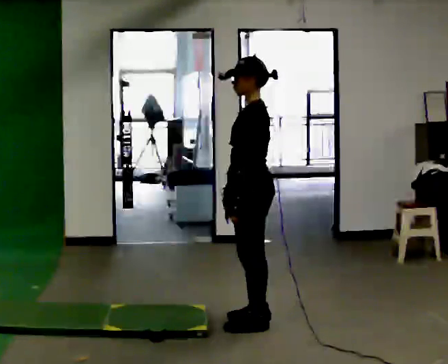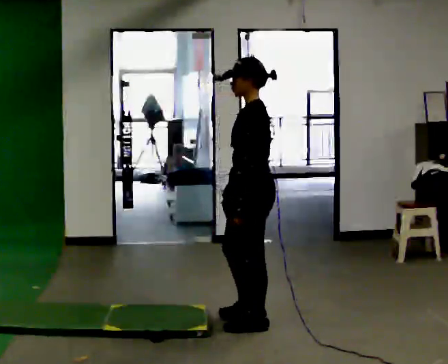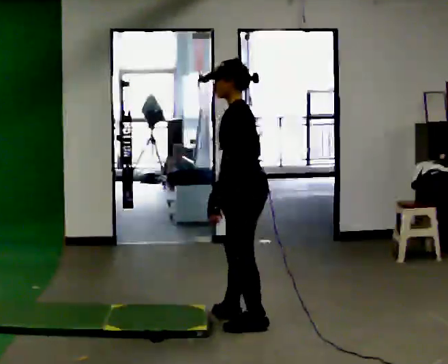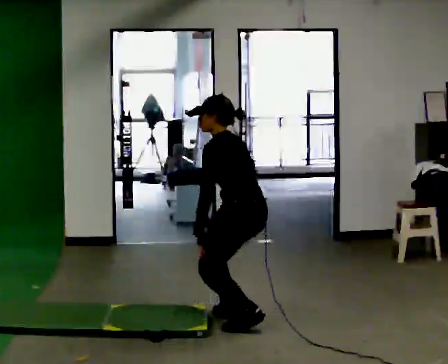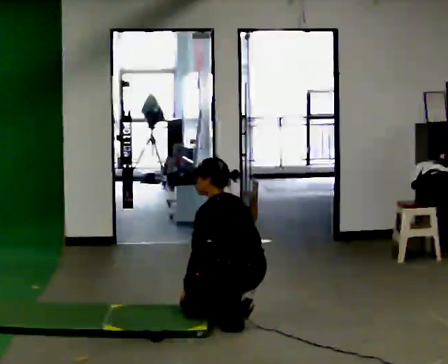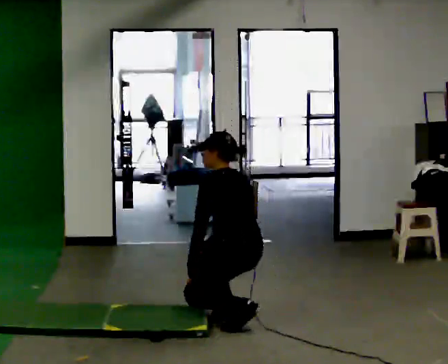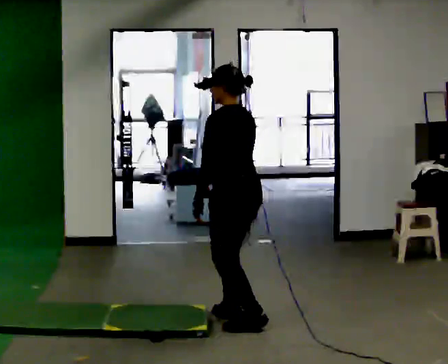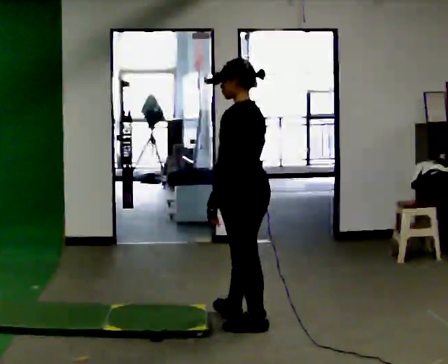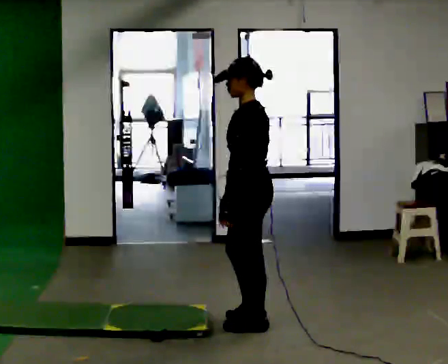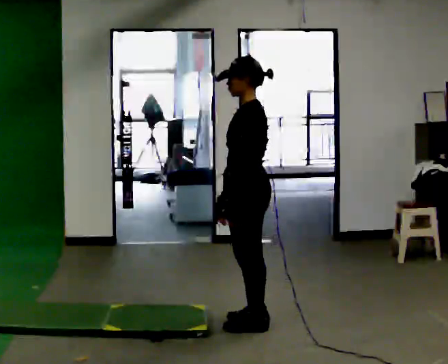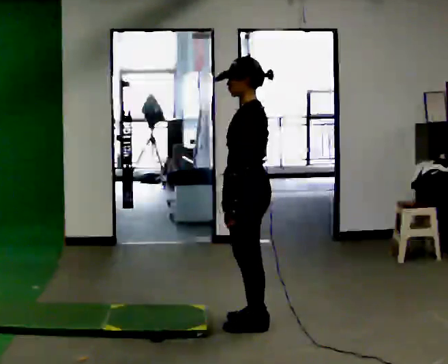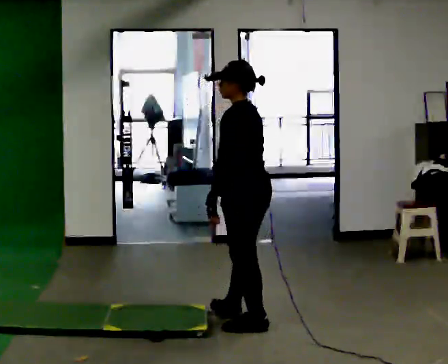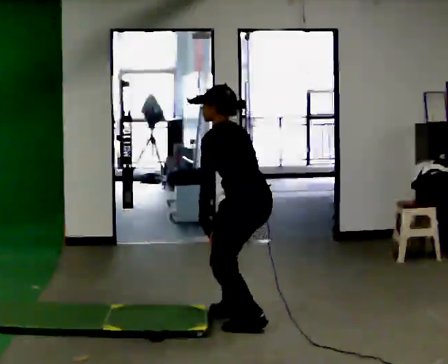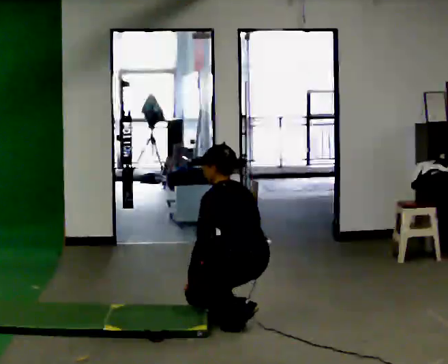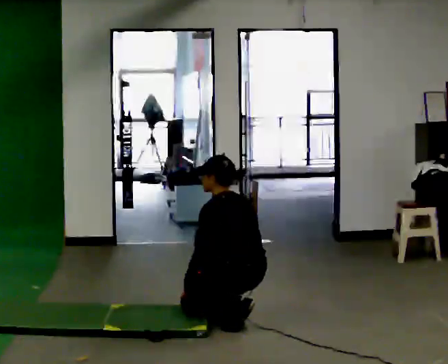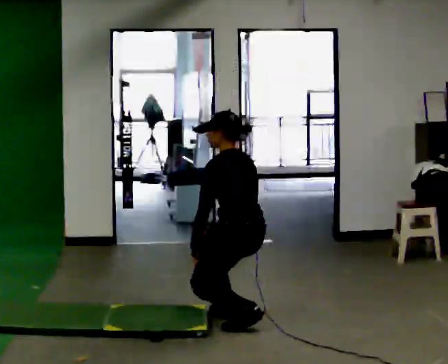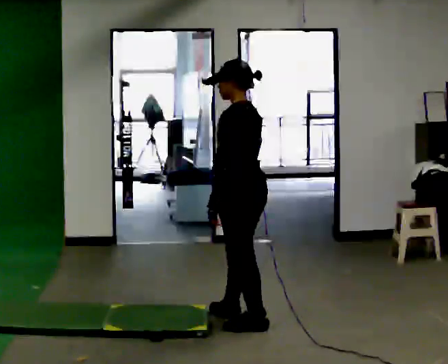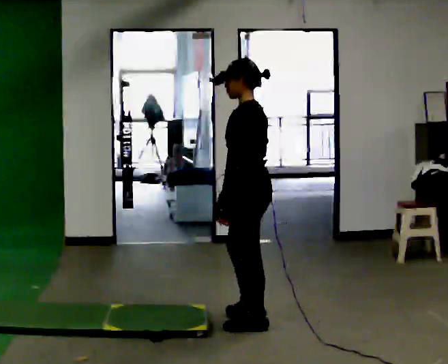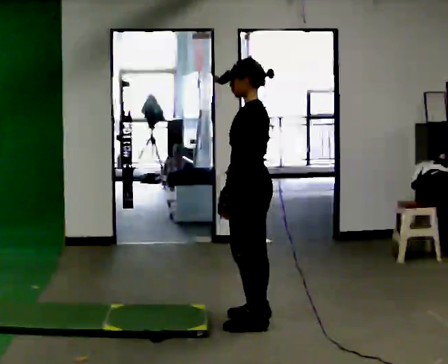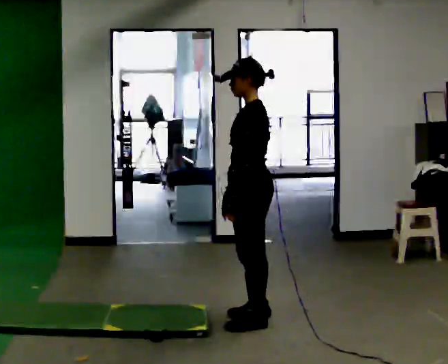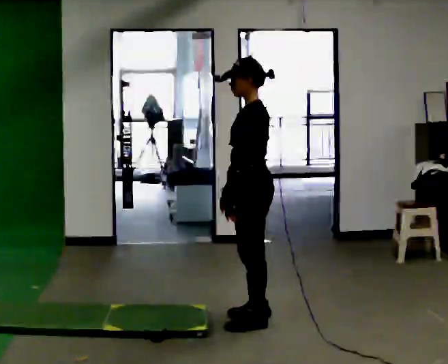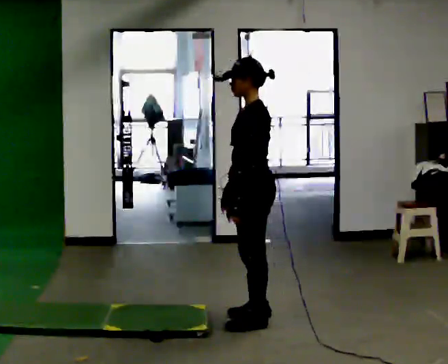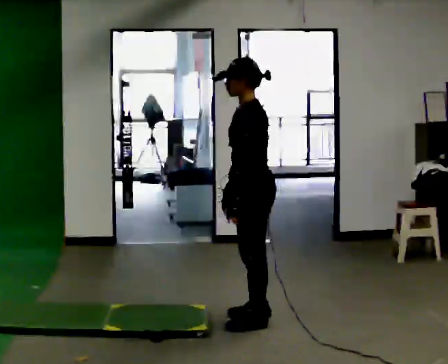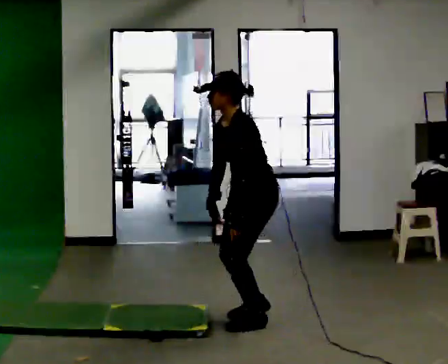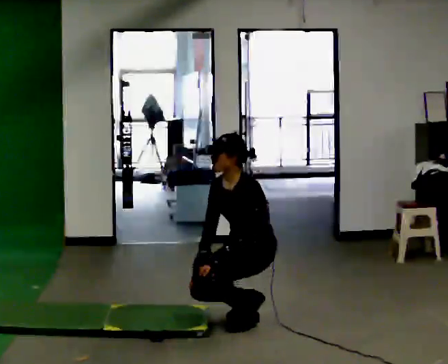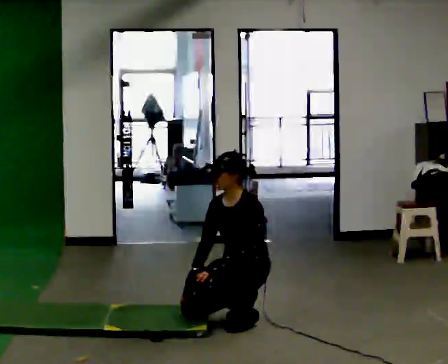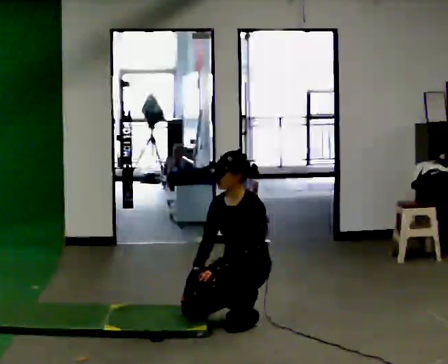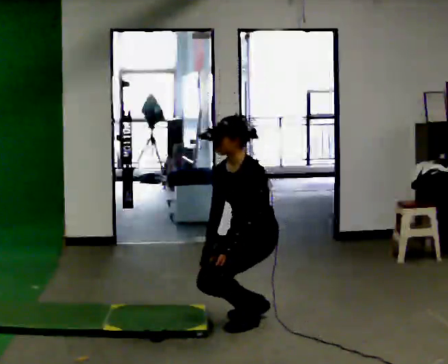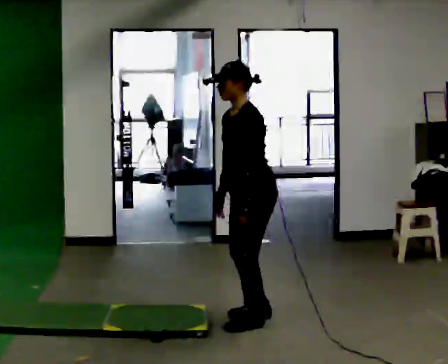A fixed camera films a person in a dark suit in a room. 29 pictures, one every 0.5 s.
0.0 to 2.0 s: Seen from above the body turns clockwise, about 45 degrees: to their right, with its near side sliding to the left. The shoulders move downward. In the picture the upper body tilts counterclockwise, shoulders to the left, as they bend forward. In the picture their right hand goes downward.
2.0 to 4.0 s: The upper body goes upward. In the picture the upper body tilts clockwise, shoulders to the right, as they lean back or straighten. In the picture their right hand goes upward.
4.0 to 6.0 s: In the picture the upper body tilts counterclockwise, shoulders to the left, as they bend forward.
6.0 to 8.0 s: In the picture the upper body tilts clockwise, shoulders to the right, as they lean back or straighten.
8.0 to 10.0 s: The person turns about 30 degrees to their left, counterclockwise seen from above, so the part of the body nearest the lens slides to the right.
10.0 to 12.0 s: The part of the body nearest the lens slides to the right as the person turns to their left by about 30 degrees. The shoulders move downward. The upper body tips toward the camera, its near side rolling downward, as they bend forward. In the picture their right hand goes downward.
12.0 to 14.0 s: In the picture their left hand goes upward.
The film runs backward here.
